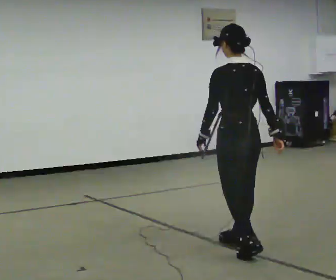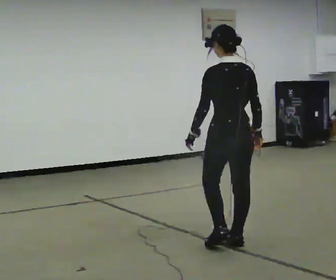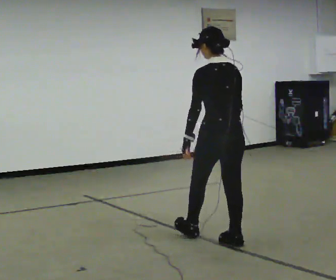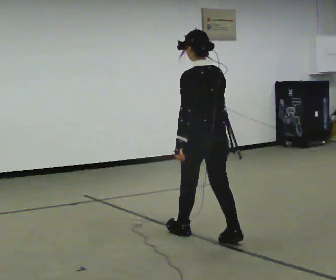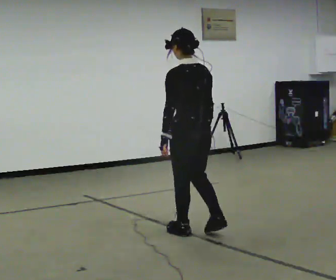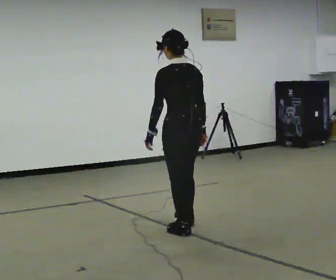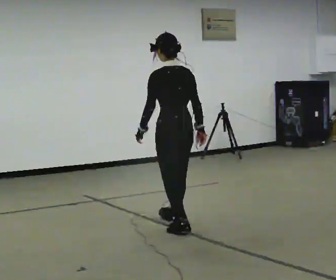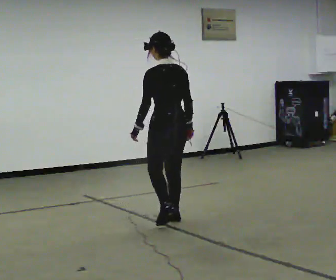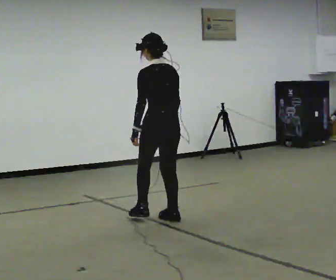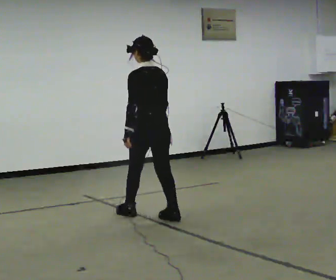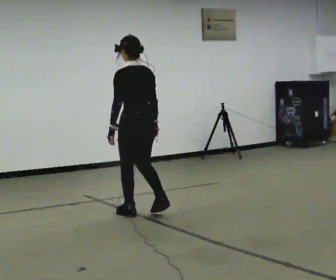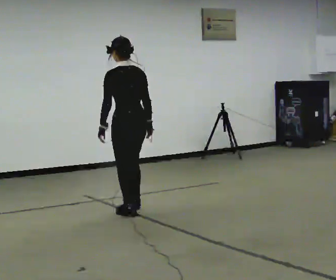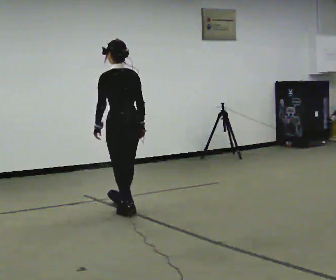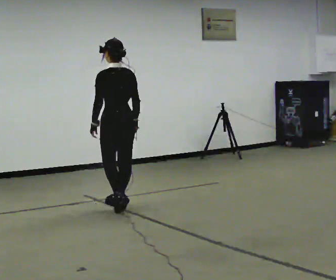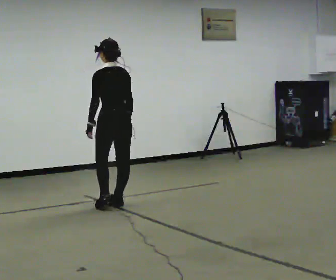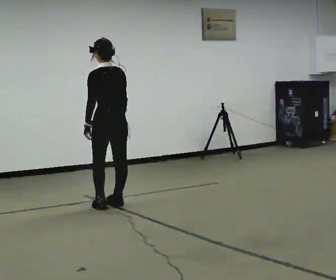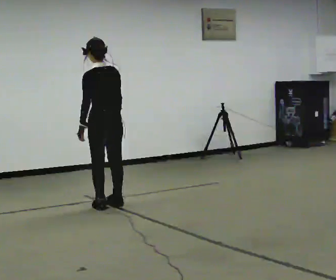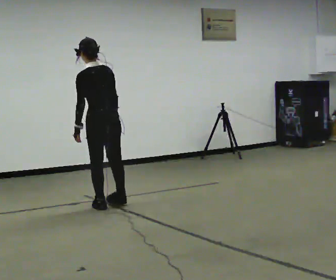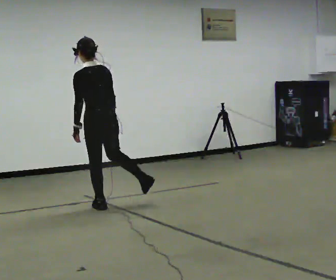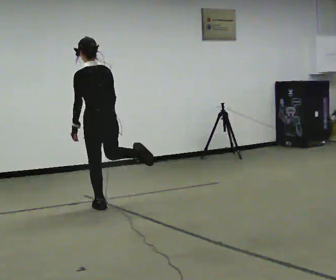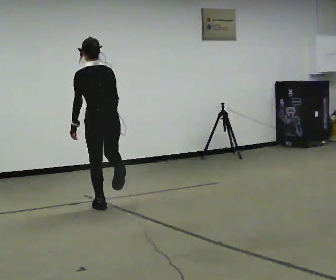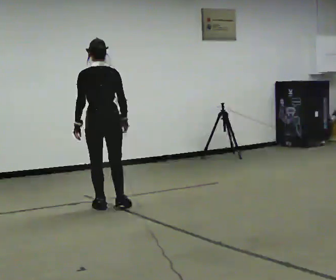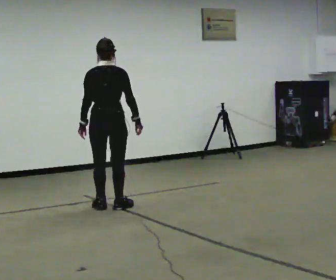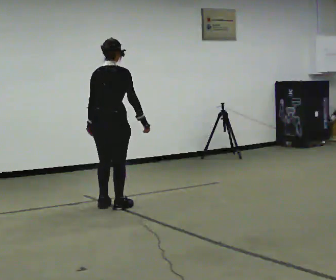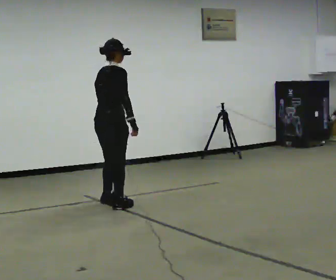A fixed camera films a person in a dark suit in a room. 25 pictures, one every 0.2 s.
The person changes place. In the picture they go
away from the camera.
0.0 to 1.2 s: In the picture they go away from the camera and to the left, about 1 m in 1 step, which for them is forward.
1.2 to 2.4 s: In the picture they go away from the camera and to the left, about 1 m in 2 steps, which for them is forward.
2.4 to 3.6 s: In the picture they go to the left and away from the camera, about 0.25 m in 2 steps, which for them is forward.
3.6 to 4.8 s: The part of the body nearest the lens slides to the left as the person turns to their right by about 90 degrees. In the picture the upper body tilts clockwise, shoulders to the right.
The film runs backward here.
